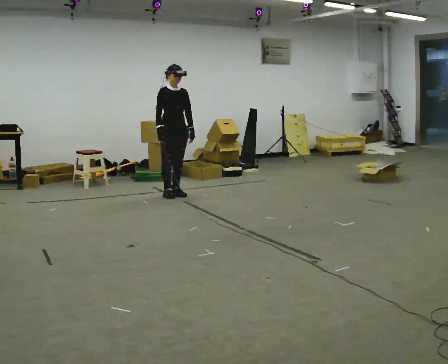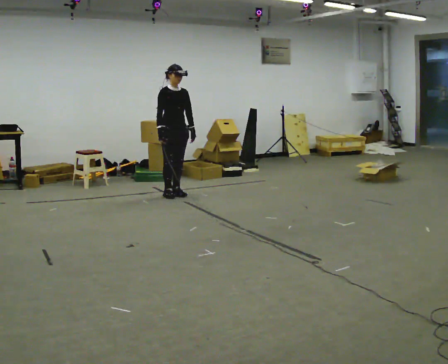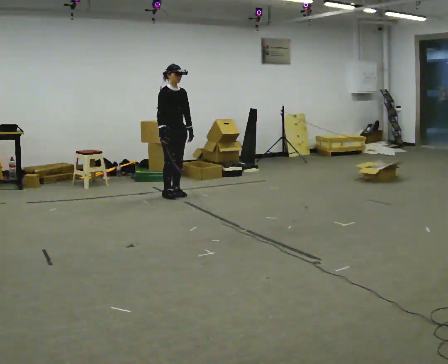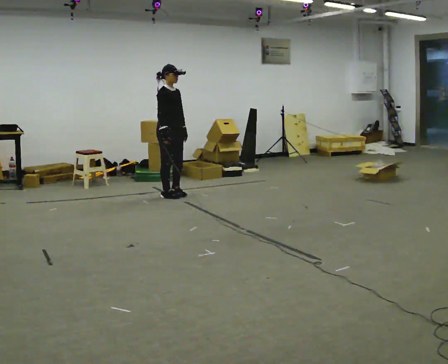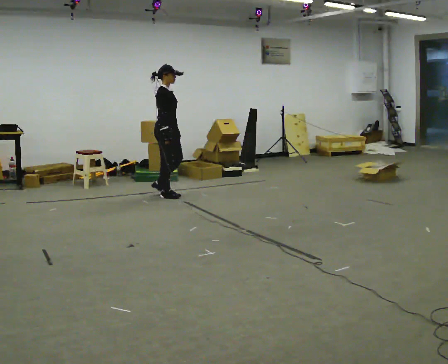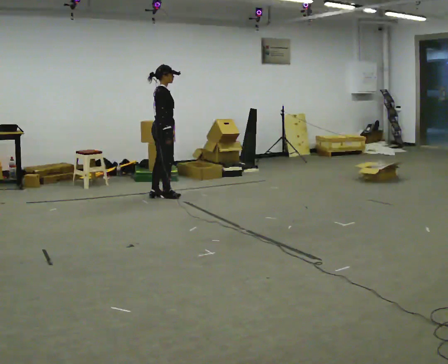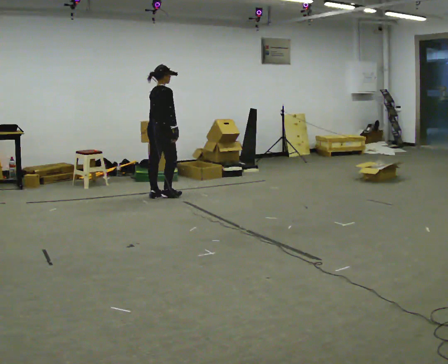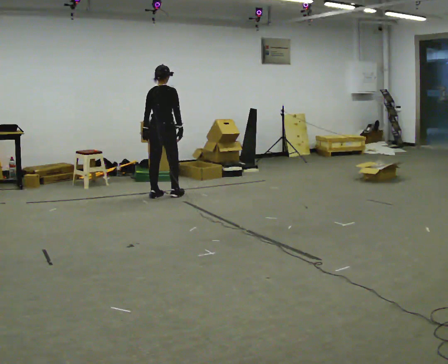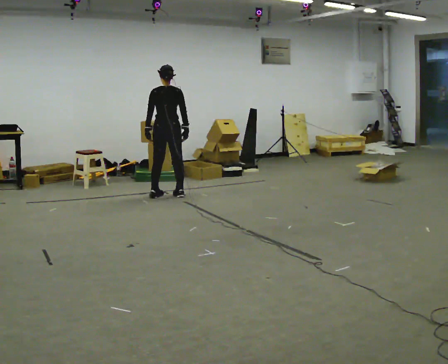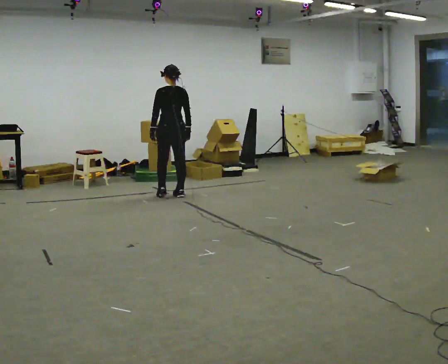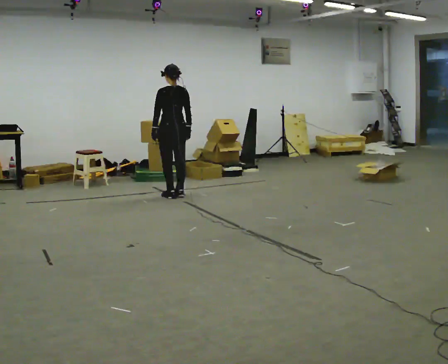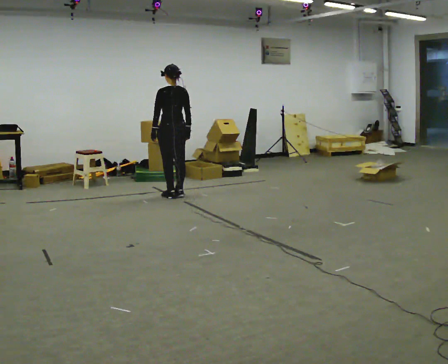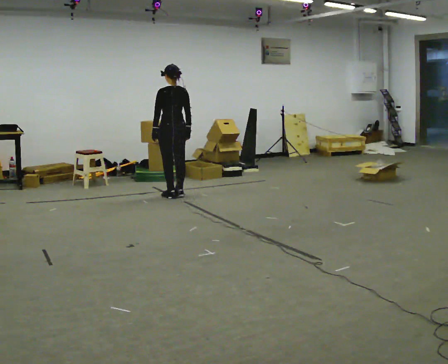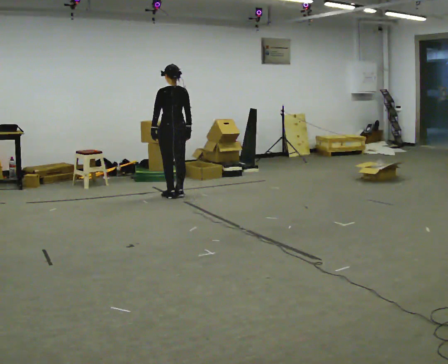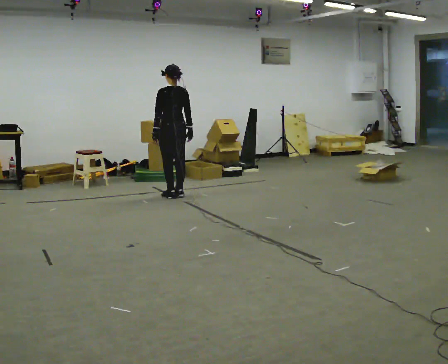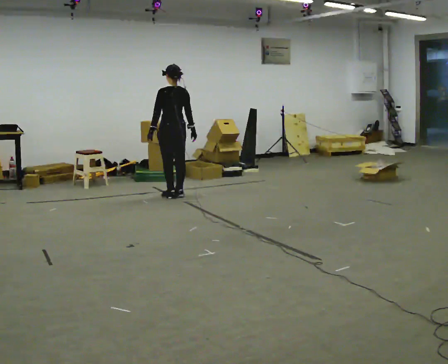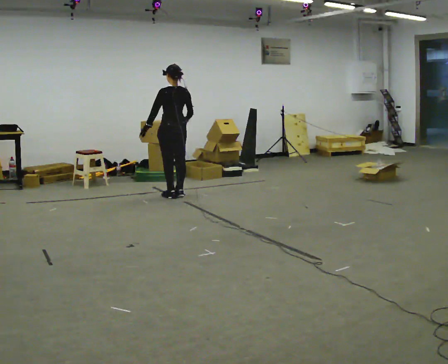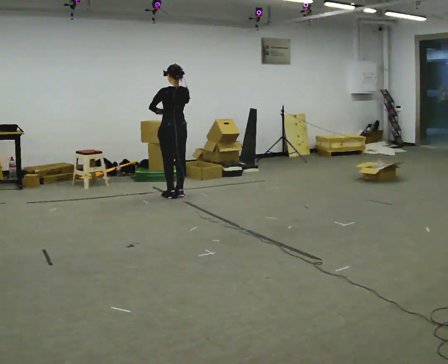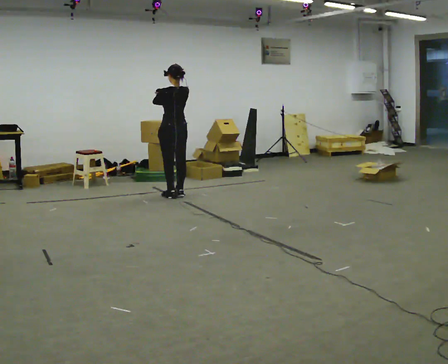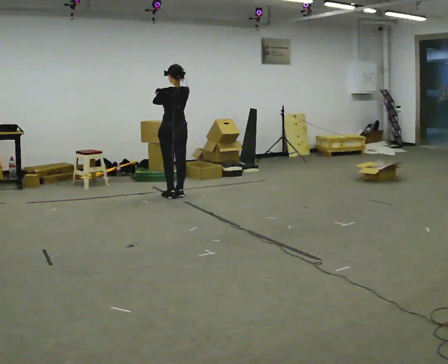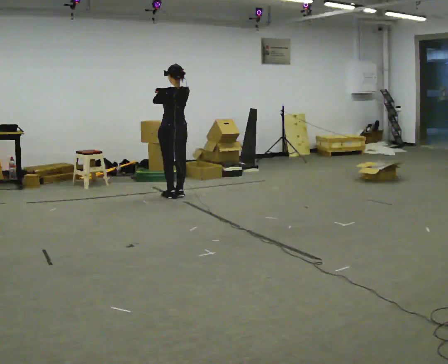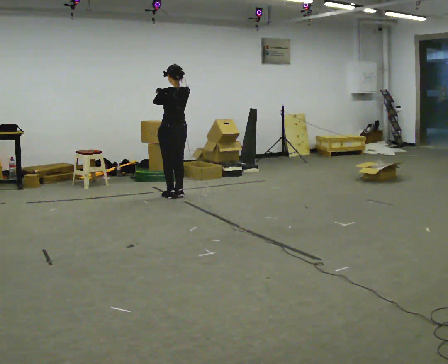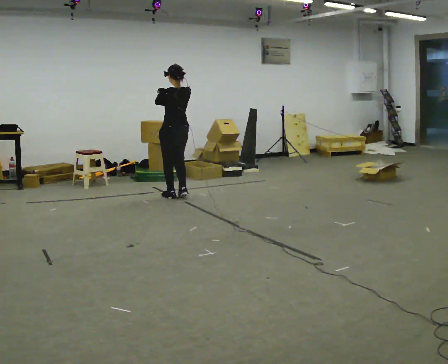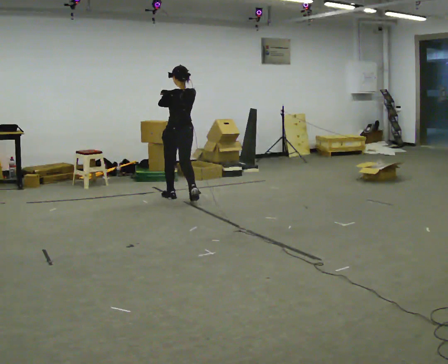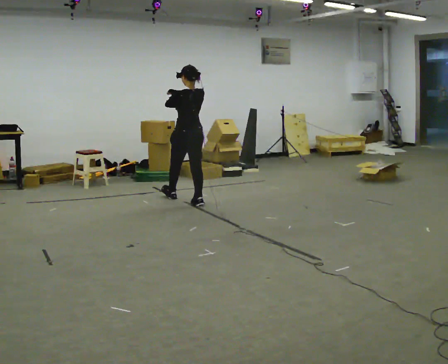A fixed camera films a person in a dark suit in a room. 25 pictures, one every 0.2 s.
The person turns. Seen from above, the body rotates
counterclockwise.
The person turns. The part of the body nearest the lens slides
to the right.
0.0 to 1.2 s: Seen from above the body turns counterclockwise, about 90 degrees: to their left, with its near side sliding to the right. In the picture they go to the left, about 0.25 m in 1 step. In the picture their left hand goes to the left.
1.2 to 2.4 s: The part of the body nearest the lens slides to the right as the person turns to their left by about 75 degrees. In the picture they go to the right, about 0.25 m in 2 steps.
2.4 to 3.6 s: In the picture their right hand goes upward and to the left.
3.6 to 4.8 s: In the picture they go toward the camera and to the right, about 0.25 m in 2 steps, which for them is backward.
The film runs backward here.
